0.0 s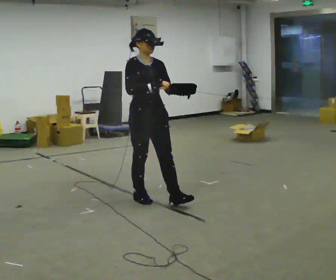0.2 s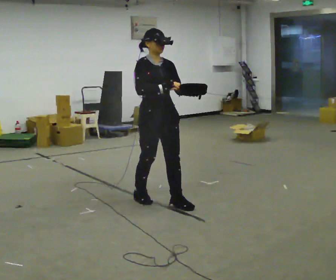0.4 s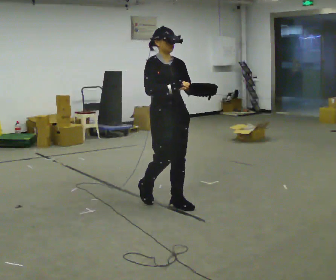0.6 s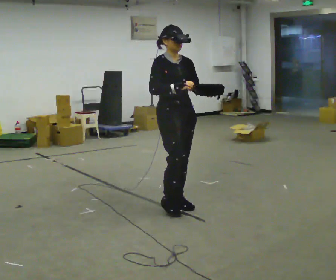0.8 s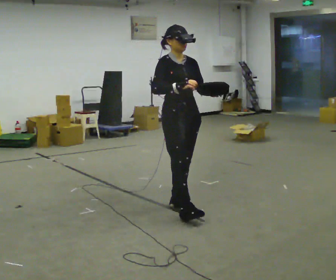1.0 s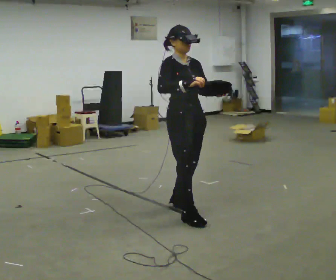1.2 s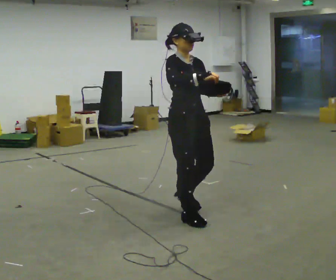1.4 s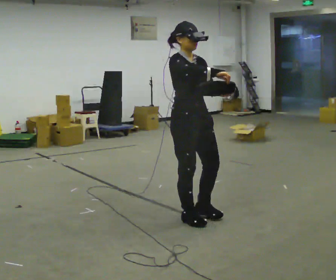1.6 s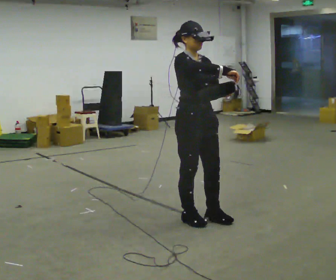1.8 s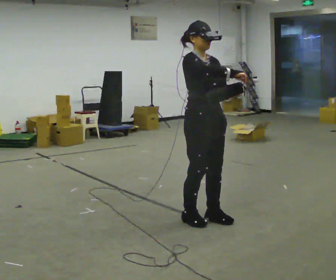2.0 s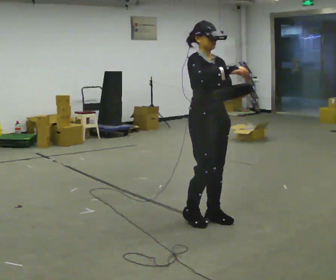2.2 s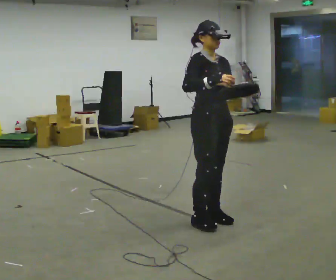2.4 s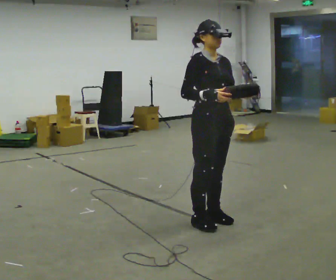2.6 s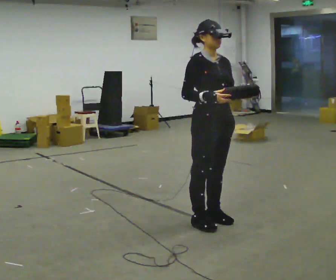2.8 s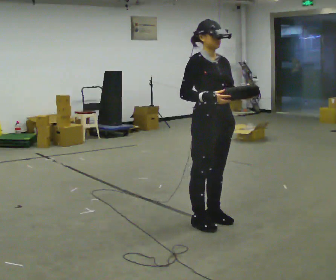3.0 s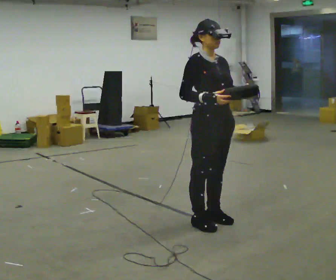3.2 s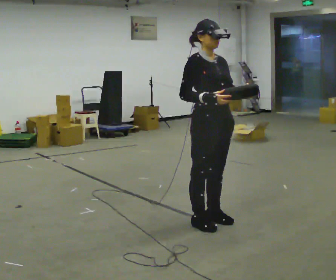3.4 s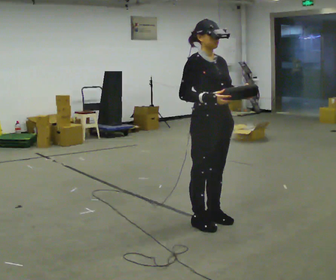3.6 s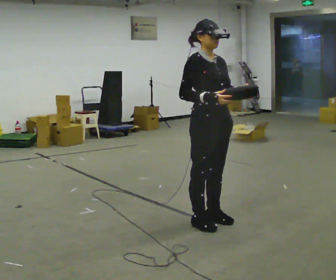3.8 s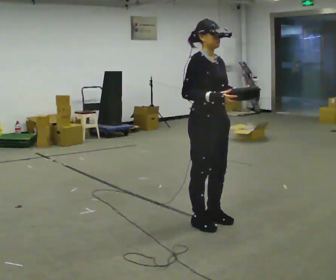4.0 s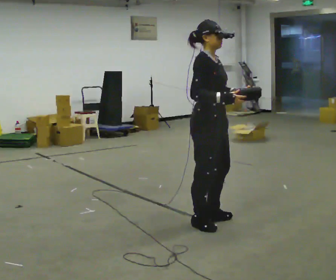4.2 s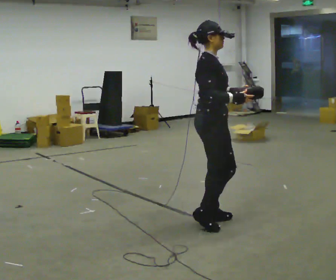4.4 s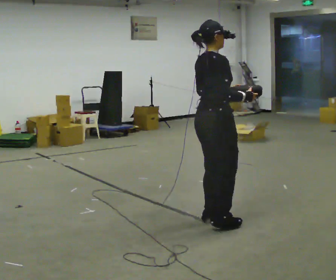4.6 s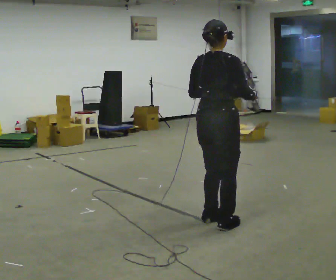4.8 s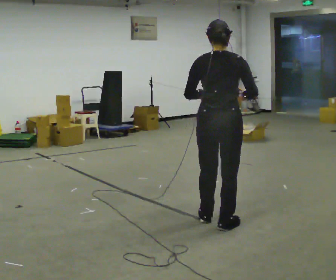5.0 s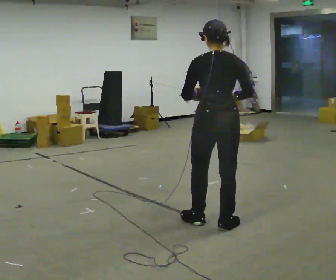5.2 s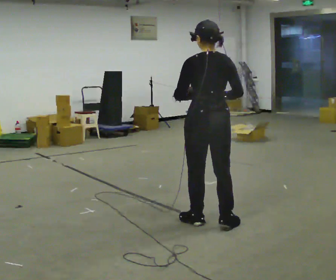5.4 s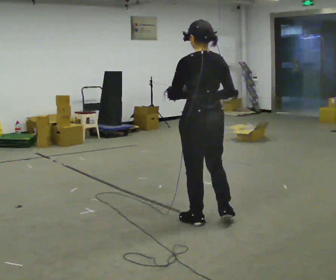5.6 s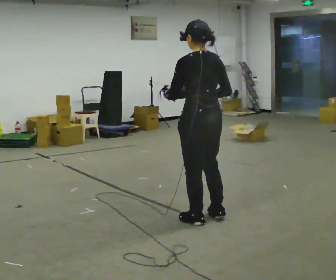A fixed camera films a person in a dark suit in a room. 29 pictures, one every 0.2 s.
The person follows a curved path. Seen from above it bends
clockwise.
The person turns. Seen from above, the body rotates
counterclockwise.
0.0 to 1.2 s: In the picture they go to the right and toward the camera, about 0.5 m in 1 step, which for them is forward.
1.2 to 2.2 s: In the picture they go to the right, about 0.25 m in 1 step, which for them is forward.
2.2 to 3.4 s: The person moves a little, or ends about where they began.
3.4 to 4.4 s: The person turns about 75 degrees to their left, counterclockwise seen from above, so the part of the body nearest the lens slides to the right.
4.4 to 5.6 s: Seen from above the body turns counterclockwise, about 105 degrees: to their left, with its near side sliding to the right. In the picture their left hand goes to the left.
The film runs forward here.
